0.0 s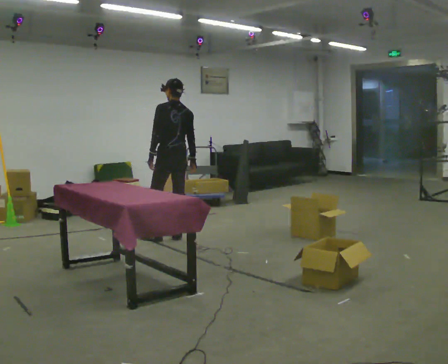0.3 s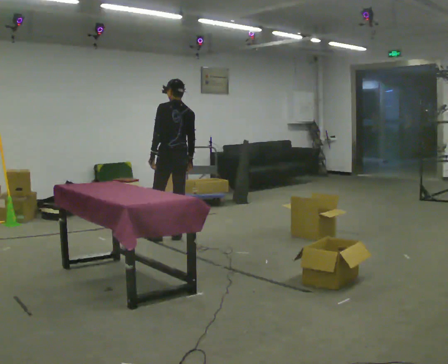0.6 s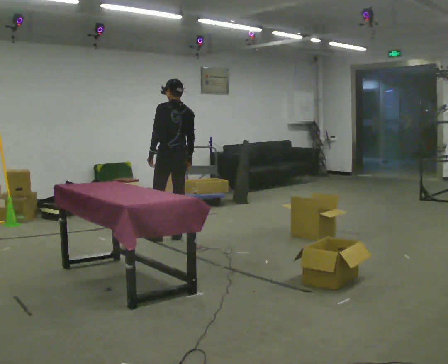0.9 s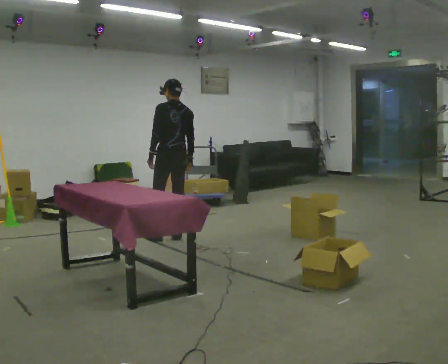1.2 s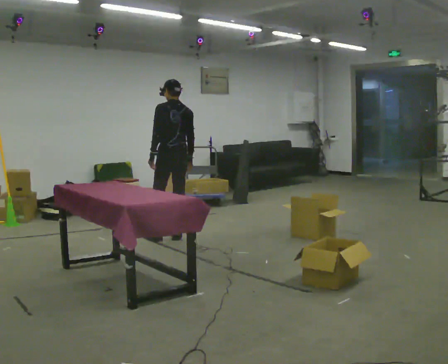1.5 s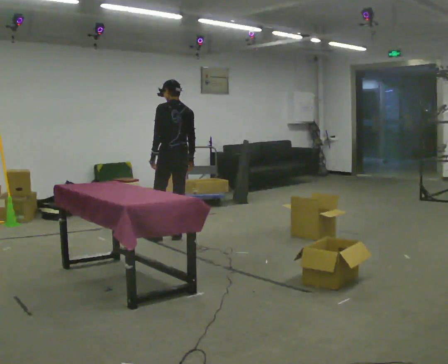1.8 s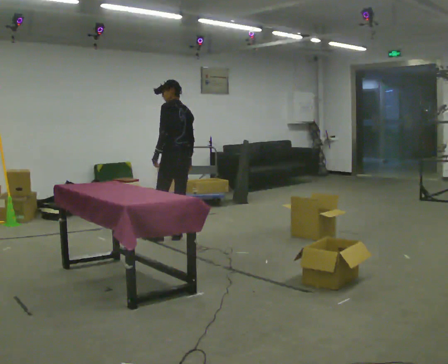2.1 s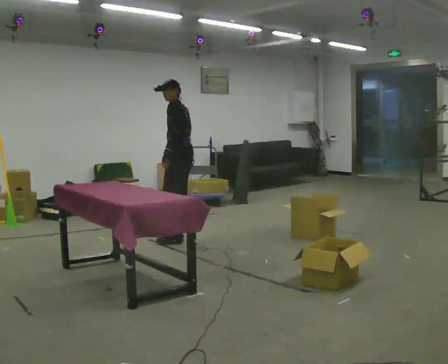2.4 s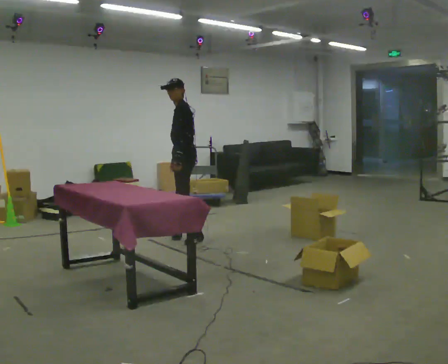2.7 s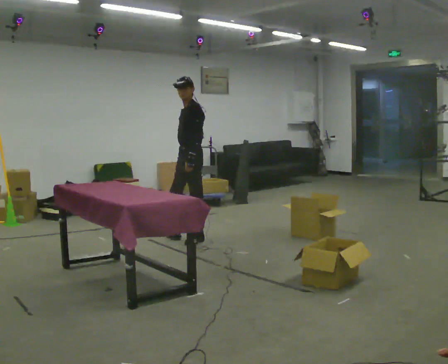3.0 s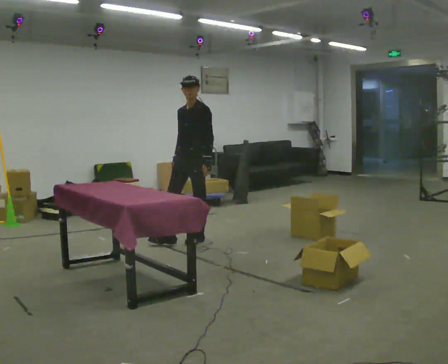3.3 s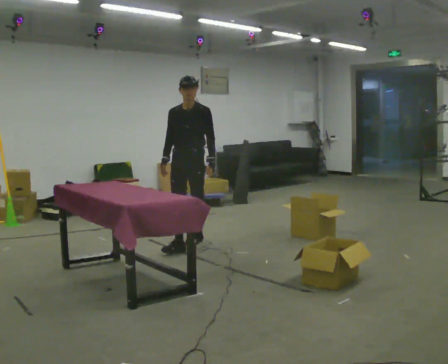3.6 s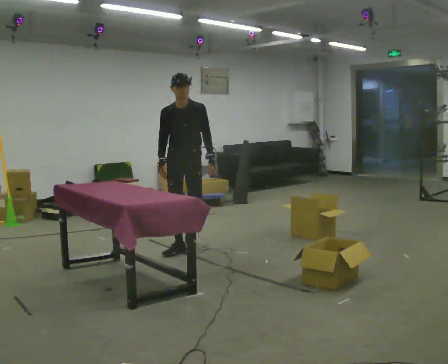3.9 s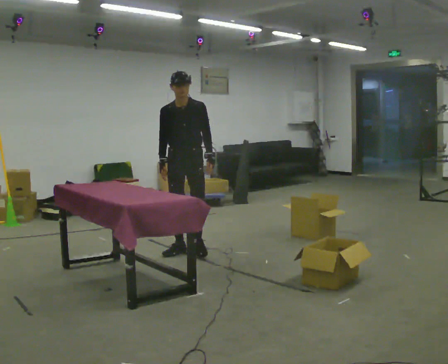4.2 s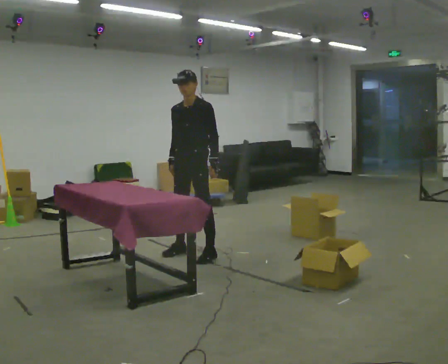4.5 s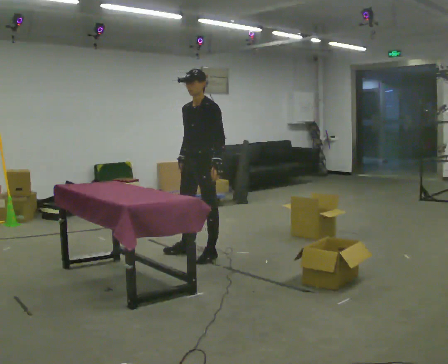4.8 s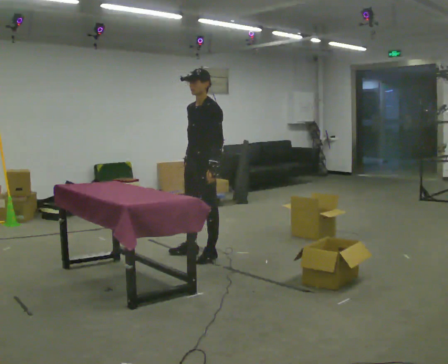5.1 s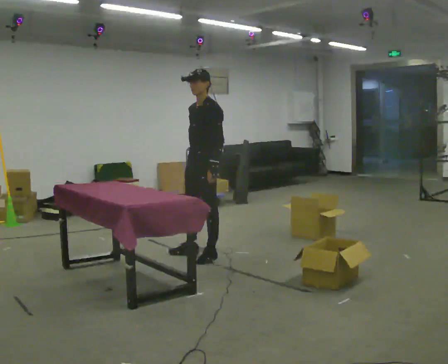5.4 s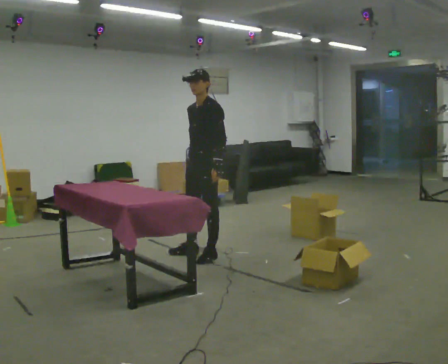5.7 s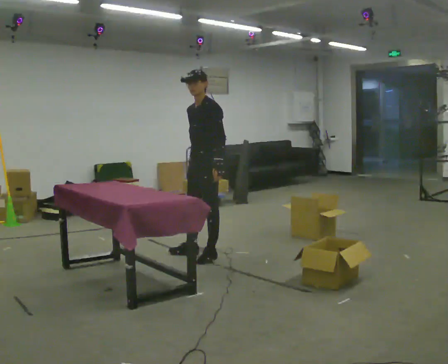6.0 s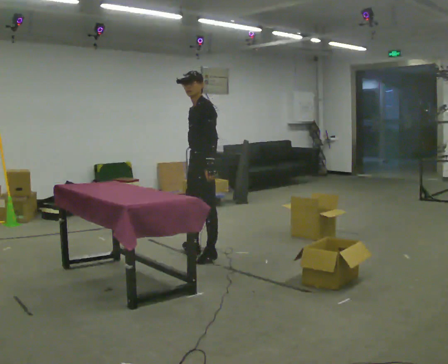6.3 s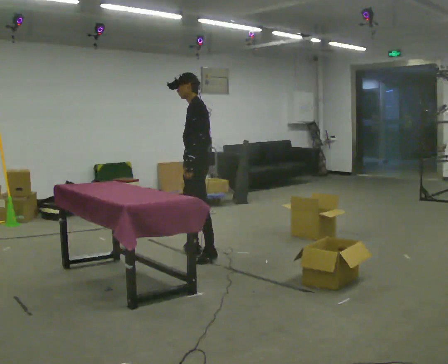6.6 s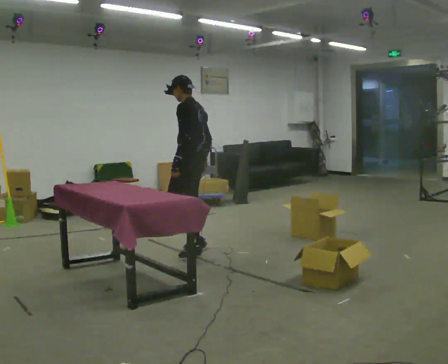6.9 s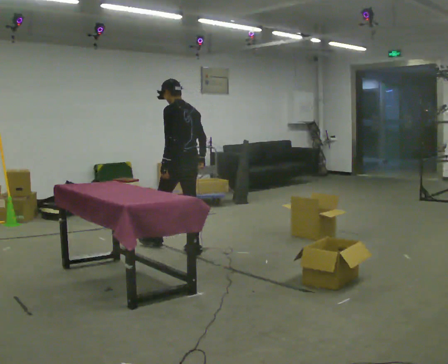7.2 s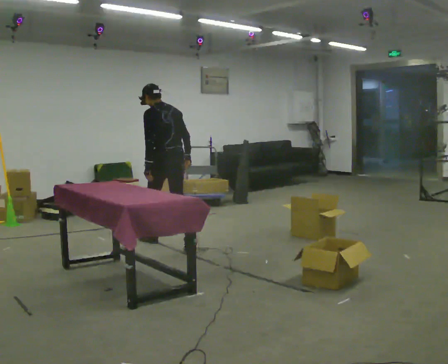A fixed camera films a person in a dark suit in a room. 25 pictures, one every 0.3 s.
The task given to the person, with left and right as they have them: Take each object from the table and put it in the bin that matches it, walking between the bins. Keep going until the operator says stop; one object at a time, and do not rush between trips.
0.0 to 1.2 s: The person moves a little, or ends about where they began.
1.2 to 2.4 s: The part of the body nearest the lens slides to the right as the person turns to their left by about 60 degrees.
2.4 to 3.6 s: Seen from above the body turns counterclockwise, about 90 degrees: to their left, with its near side sliding to the right. In the picture they go toward the camera, about 0.5 m in 1 step.
3.6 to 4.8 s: Seen from above the body turns clockwise, about 60 degrees: to their right, with its near side sliding to the left. In the picture they go toward the camera and to the right, about 0.25 m in 1 step, which for them is to their left.
4.8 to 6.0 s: The person moves a little, or ends about where they began.
6.0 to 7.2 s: Seen from above the body turns clockwise, about 75 degrees: to their right, with its near side sliding to the left. In the picture they go away from the camera and to the left, about 0.5 m in 1 step.
The film runs forward here.
